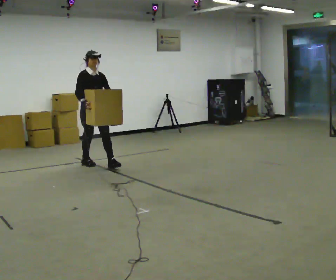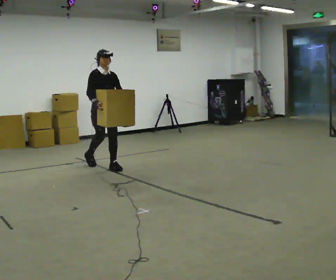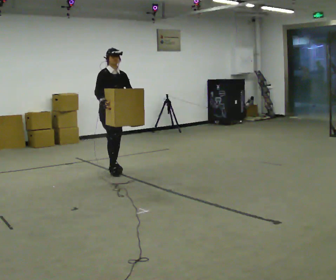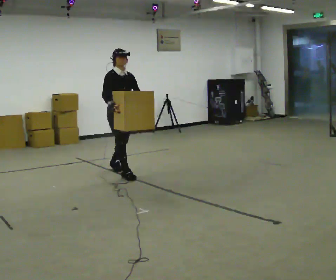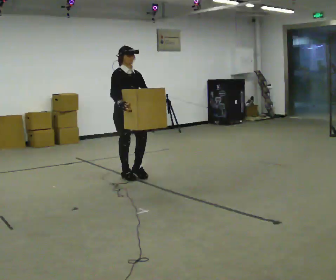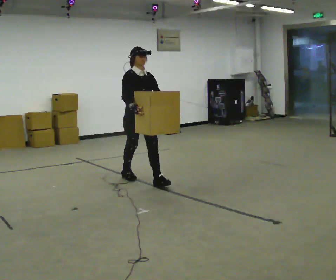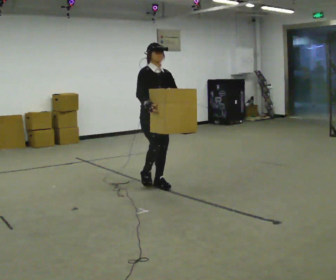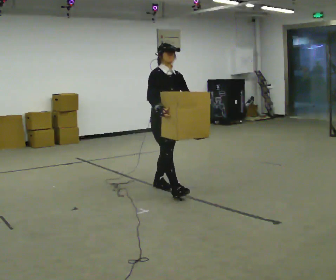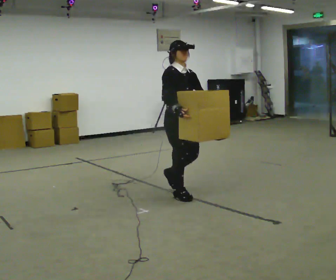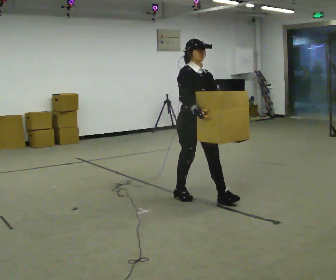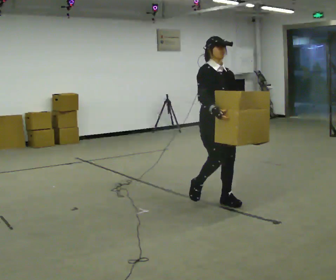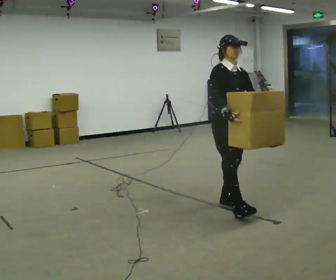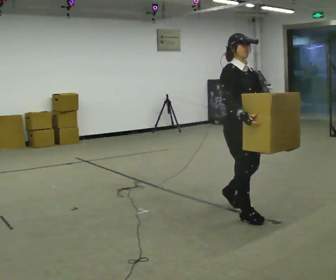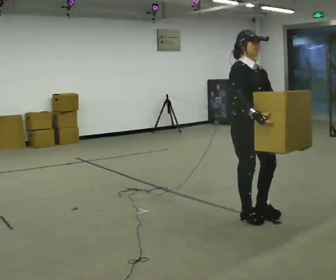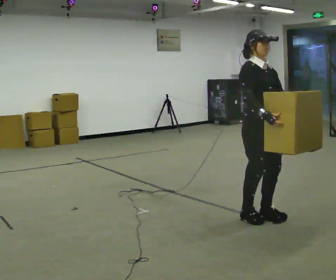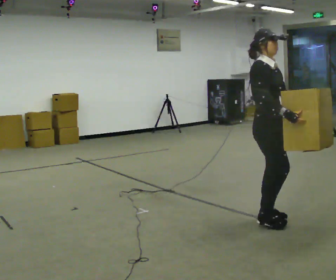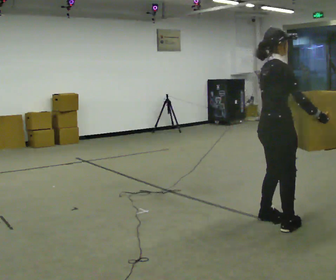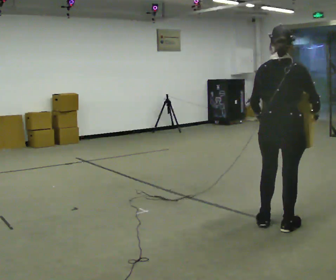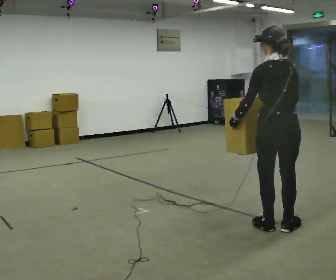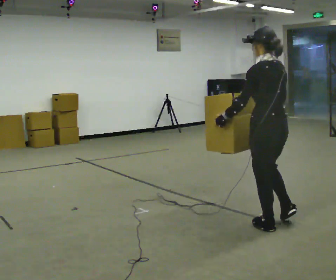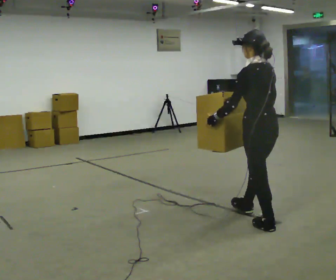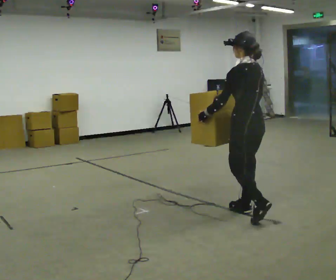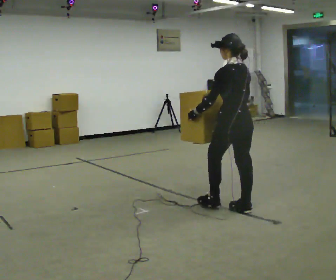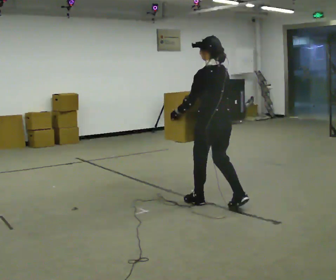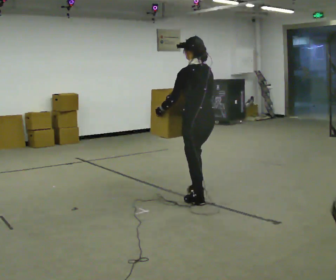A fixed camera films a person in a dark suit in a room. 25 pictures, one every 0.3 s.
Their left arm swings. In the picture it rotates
clockwise.
The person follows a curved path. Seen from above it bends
clockwise.
0.0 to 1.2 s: In the picture they go to the right and toward the camera, about 1 m in 2 steps, which for them is forward.
1.2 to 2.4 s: In the picture they go to the right and toward the camera, about 1 m in 2 steps, which for them is forward.
2.4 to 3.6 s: In the picture they go to the right and toward the camera, about 1 m in 2 steps, which for them is forward.
3.6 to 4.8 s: Seen from above the body turns counterclockwise, about 60 degrees: to their left, with its near side sliding to the right. In the picture they go toward the camera and to the right, about 0.5 m in 2 steps.
4.8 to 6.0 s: Seen from above the body turns counterclockwise, about 120 degrees: to their left, with its near side sliding to the right. In the picture their right hand goes to the left, the arm swinging clockwise.
6.0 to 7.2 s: In the picture they go away from the camera and to the left, about 1 m in 2 steps, which for them is forward.
The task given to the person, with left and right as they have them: Carry the box with its lid hanging open across the room, back and forth.
The film runs forward here.
